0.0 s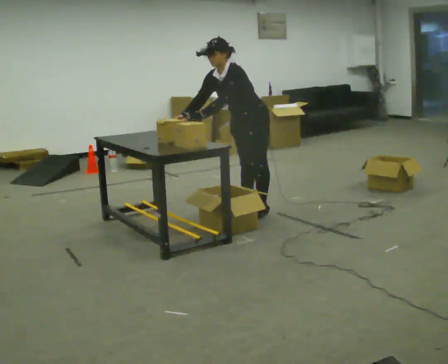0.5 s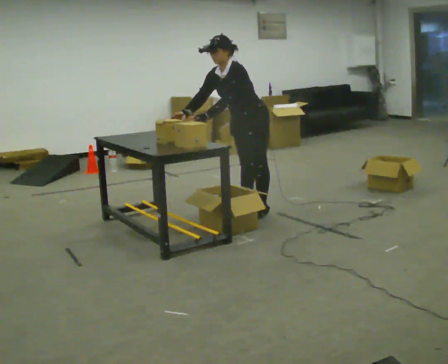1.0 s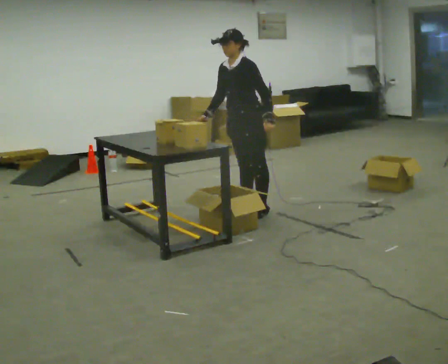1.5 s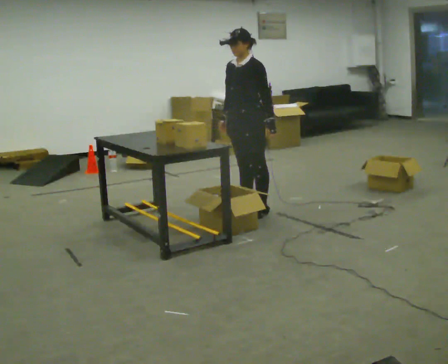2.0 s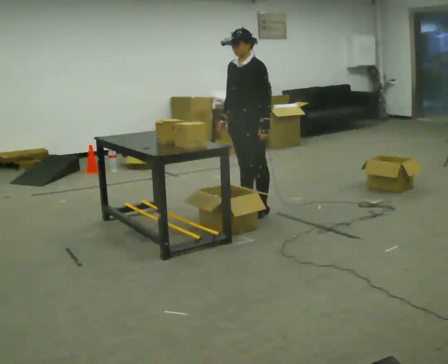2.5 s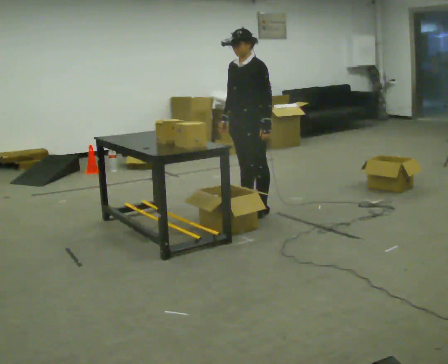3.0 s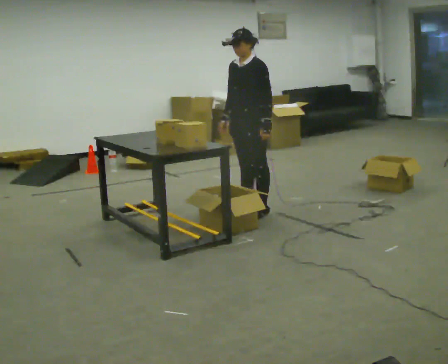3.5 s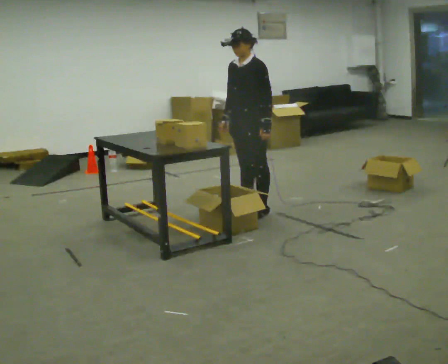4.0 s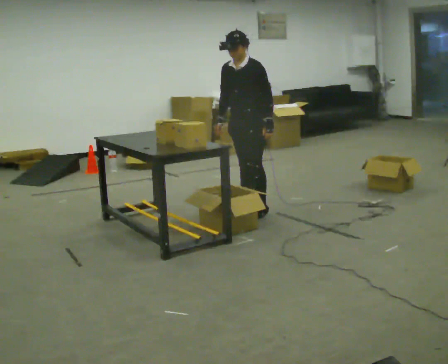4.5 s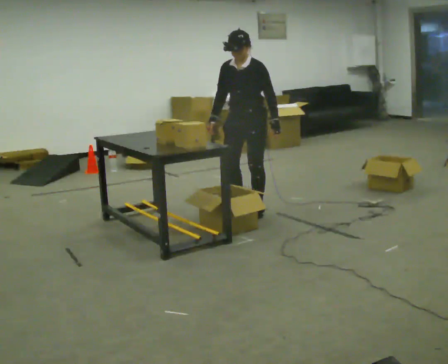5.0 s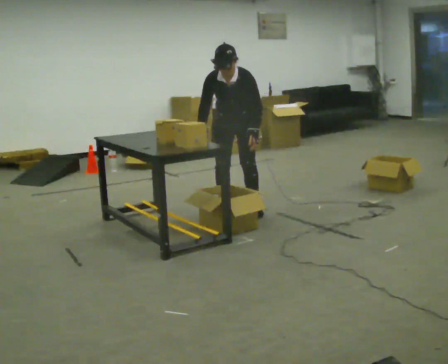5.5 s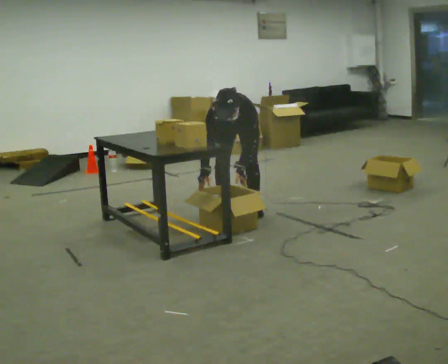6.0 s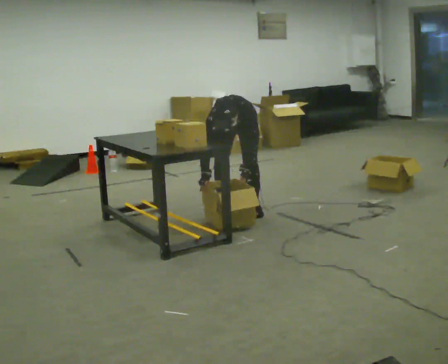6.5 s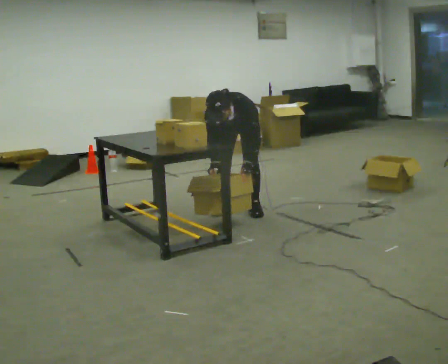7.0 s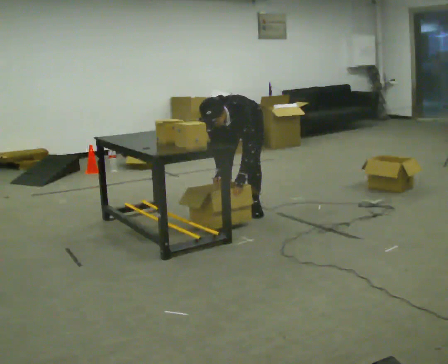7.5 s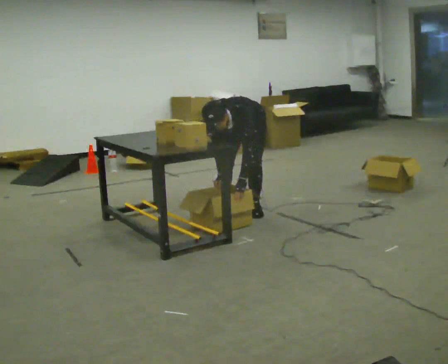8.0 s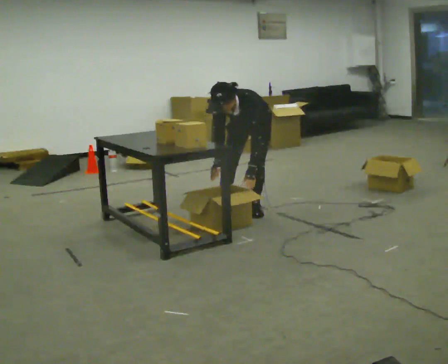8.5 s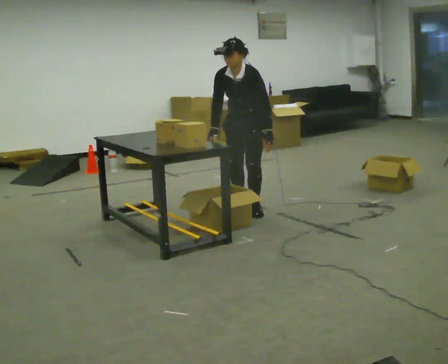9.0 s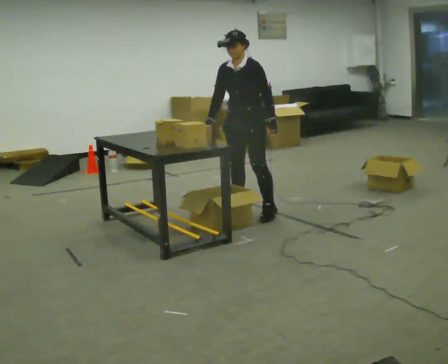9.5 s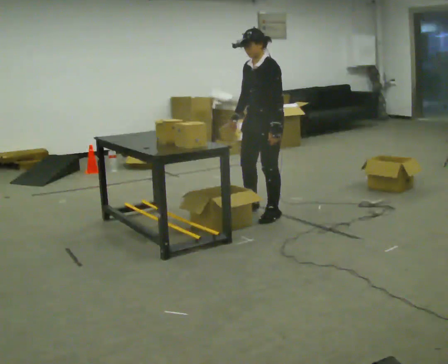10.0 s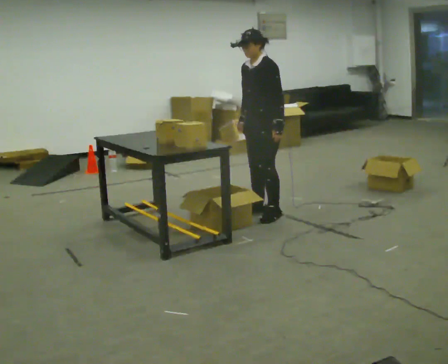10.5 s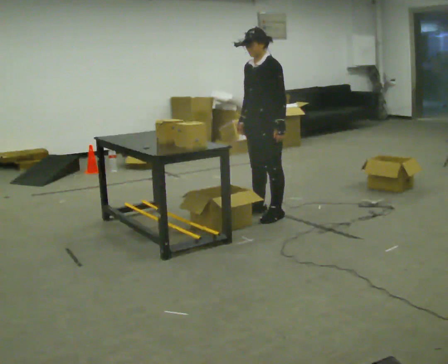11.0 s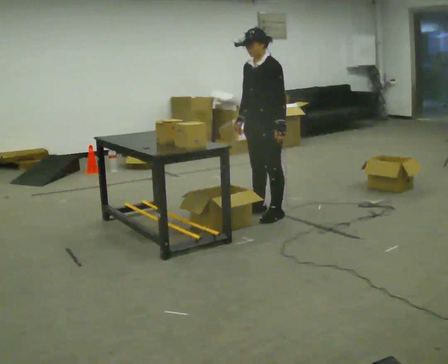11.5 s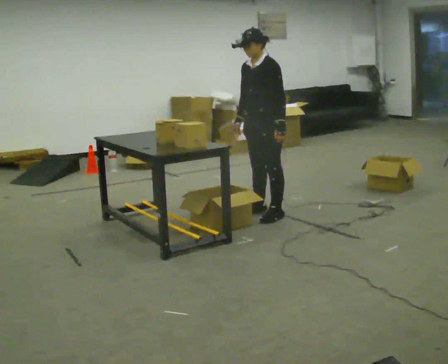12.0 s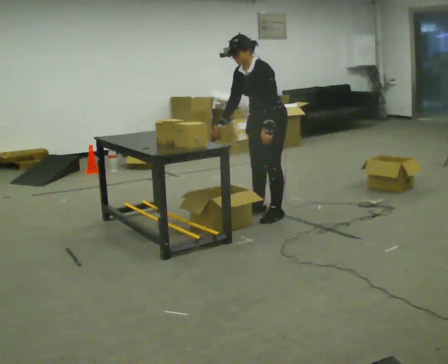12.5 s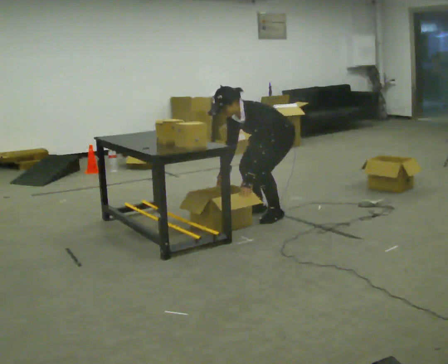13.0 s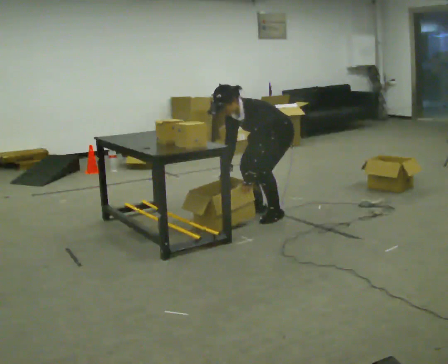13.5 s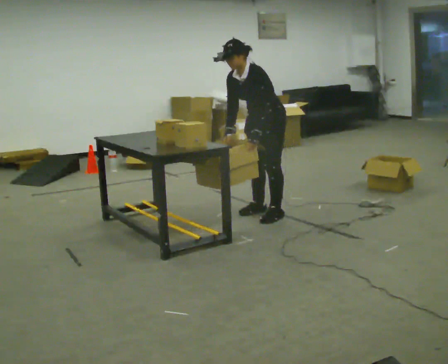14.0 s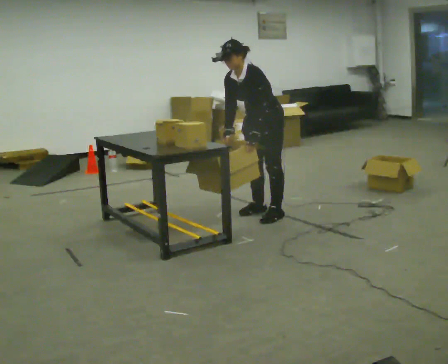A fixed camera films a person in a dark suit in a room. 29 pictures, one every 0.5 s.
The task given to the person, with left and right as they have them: 1. Take everything out of the crates by the door. 2. Put the small items on the middle shelf. 3. Put the large items on the bottom shelf. 4. Stack the empty crates by the door. 5. Tell the operator when you are finished.
0.0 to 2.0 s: In the picture the upper body tilts clockwise, shoulders to the right, as they lean back or straighten. In the picture their left hand goes to the right.
2.0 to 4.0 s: The person moves a little, or ends about where they began.
4.0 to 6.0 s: The part of the body nearest the lens slides to the right as the person turns to their left by about 30 degrees. The upper body goes downward. The upper body tips toward the camera, its near side rolling downward, as they bend forward. In the picture their right hand goes downward.
6.0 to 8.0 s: The person moves a little, or ends about where they began.
8.0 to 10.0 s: The person turns about 30 degrees to their right, clockwise seen from above, so the part of the body nearest the lens slides to the left. The shoulders move upward. The upper body tips away from the camera, its near side rolling upward, as they lean back or straighten. In the picture their right hand goes upward.
10.0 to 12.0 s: In the picture the upper body tilts counterclockwise, shoulders to the left, as they bend forward.
12.0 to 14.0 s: The person moves a little, or ends about where they began.
The film runs forward here.
